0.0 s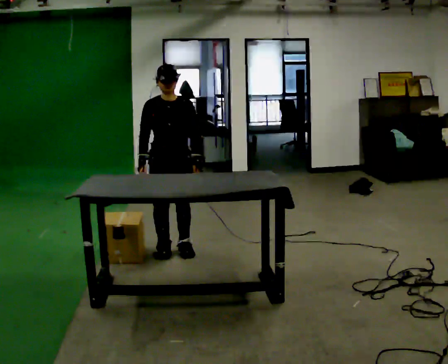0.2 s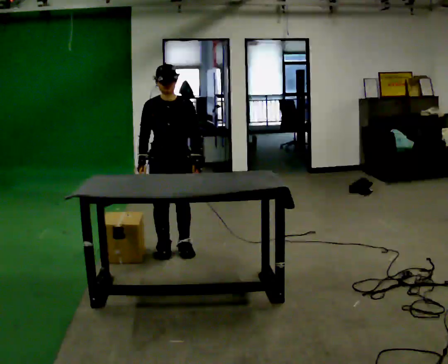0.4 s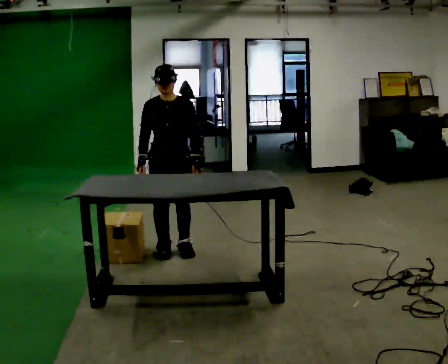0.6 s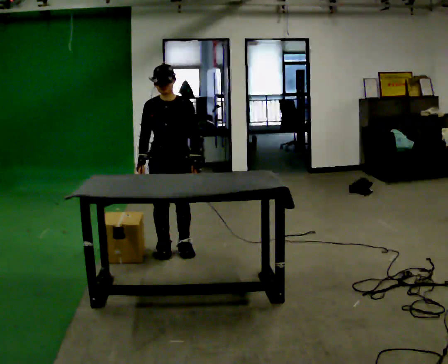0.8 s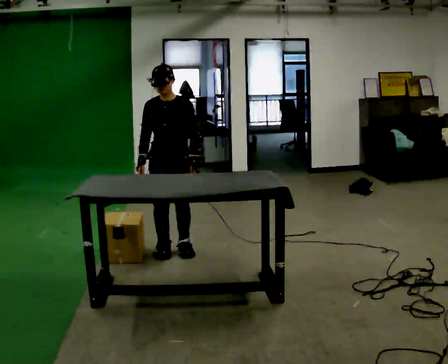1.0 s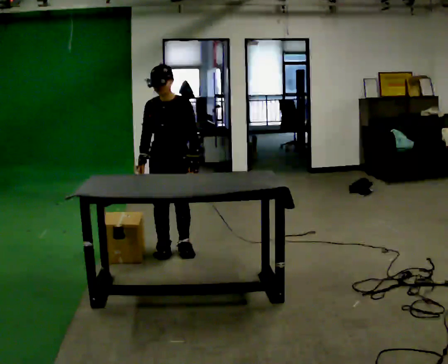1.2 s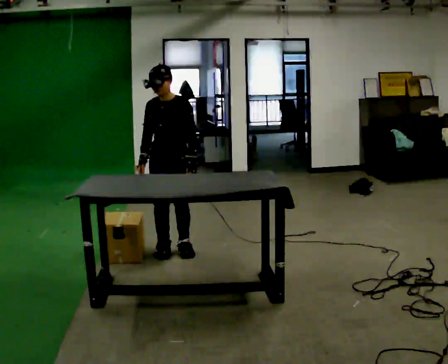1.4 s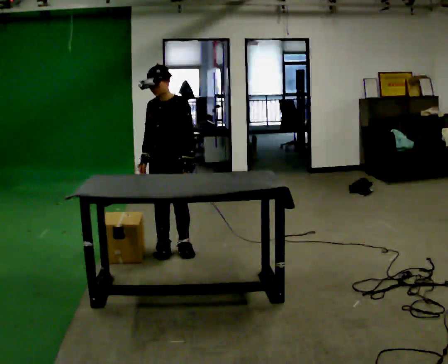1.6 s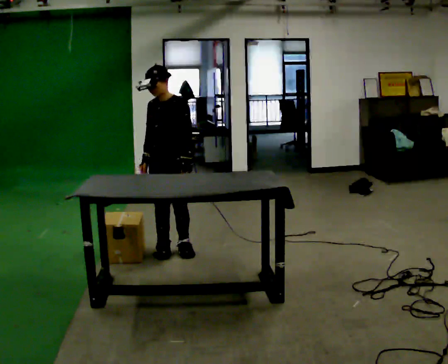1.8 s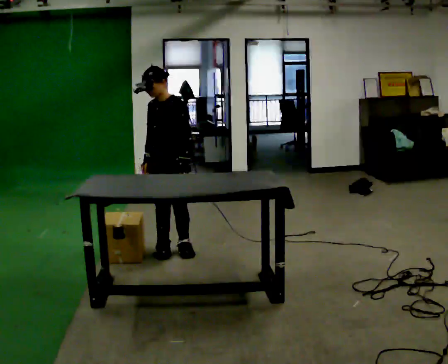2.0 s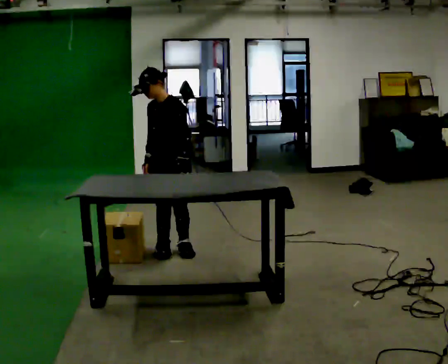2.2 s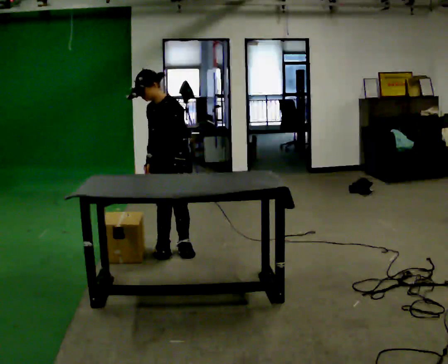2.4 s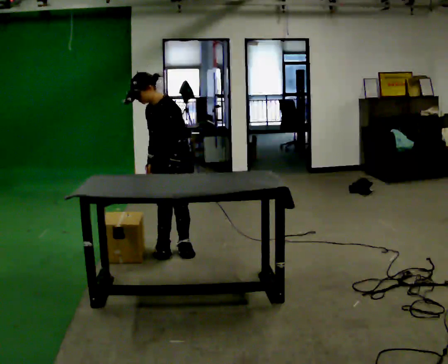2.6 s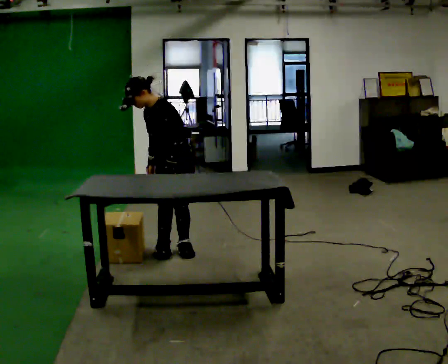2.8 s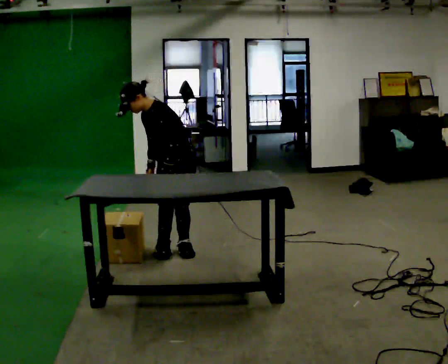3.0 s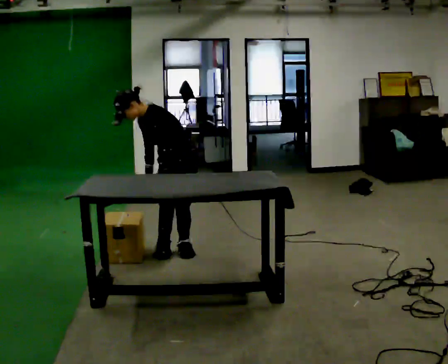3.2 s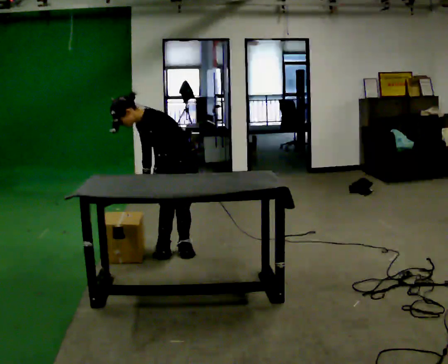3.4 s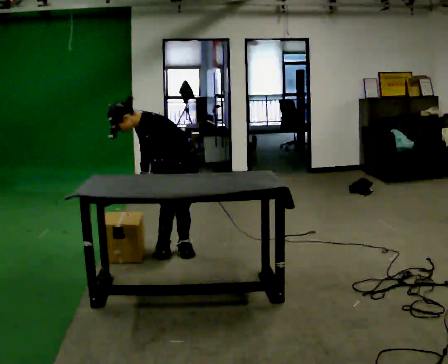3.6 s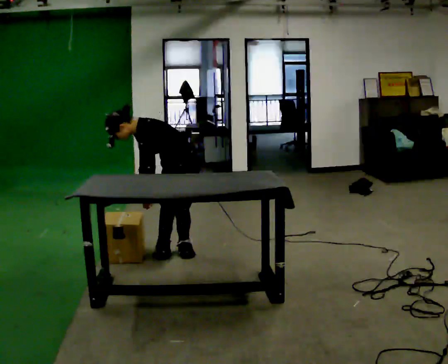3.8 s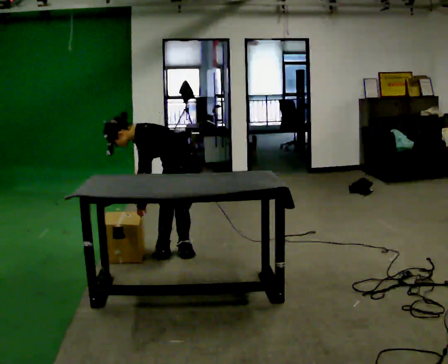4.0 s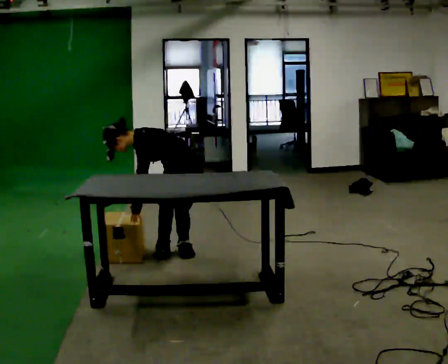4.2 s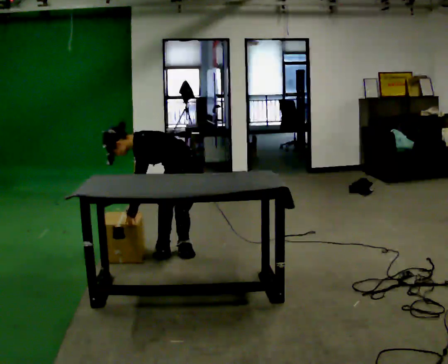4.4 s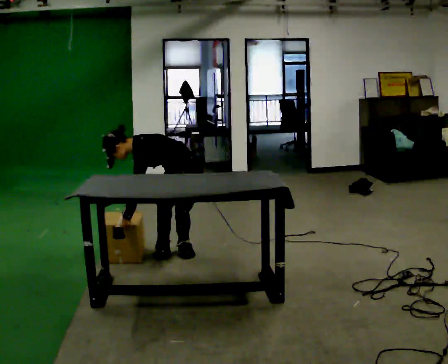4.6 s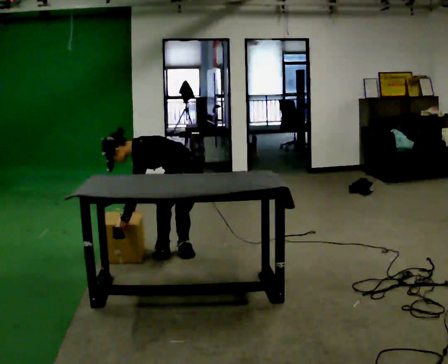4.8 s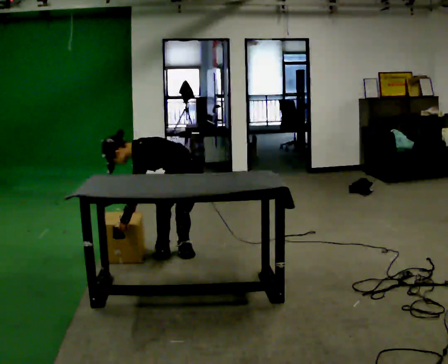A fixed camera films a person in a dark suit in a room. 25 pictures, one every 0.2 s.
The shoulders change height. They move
downward.
The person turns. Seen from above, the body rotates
clockwise.
0.0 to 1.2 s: Seen from above the body turns clockwise, about 30 degrees: to their right, with its near side sliding to the left.
1.2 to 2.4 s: Seen from above the body turns clockwise, about 30 degrees: to their right, with its near side sliding to the left.
2.4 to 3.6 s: The upper body goes downward. In the picture the upper body tilts counterclockwise, shoulders to the left, as they bend forward.
3.6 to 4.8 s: The upper body goes downward. In the picture the upper body tilts counterclockwise, shoulders to the left, as they bend forward.
The film runs forward here.
